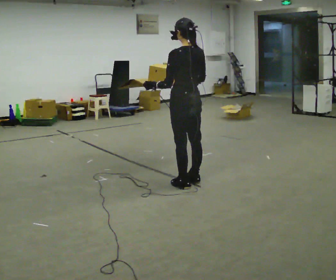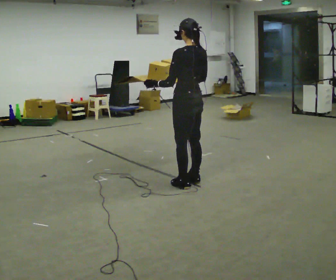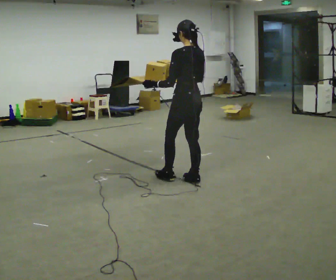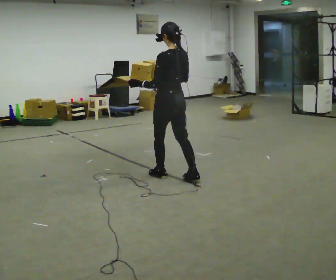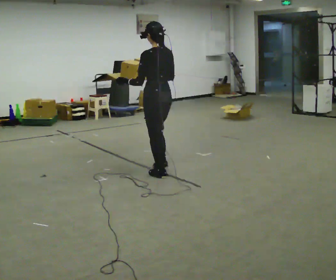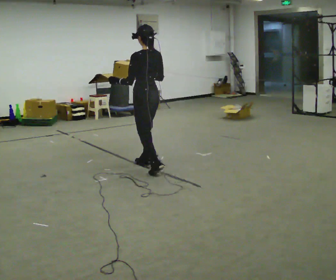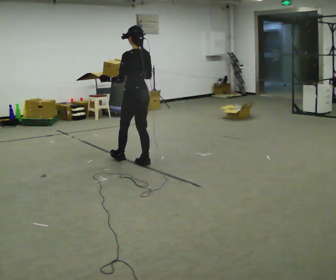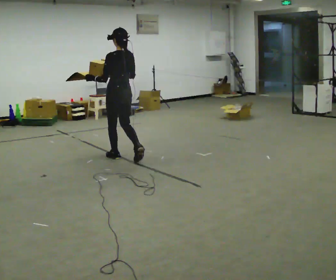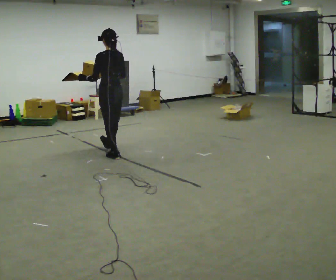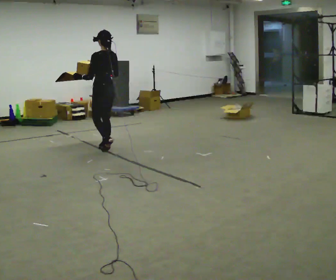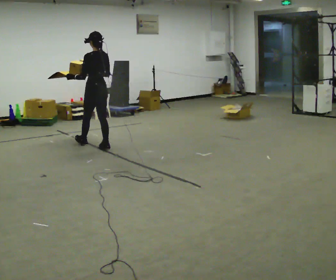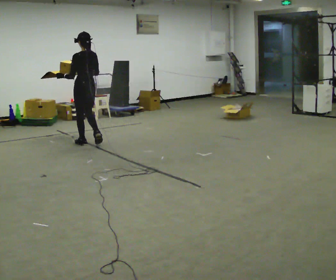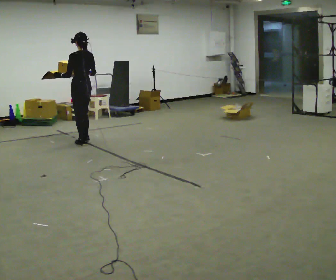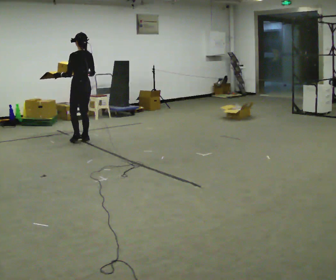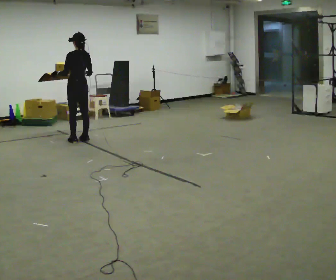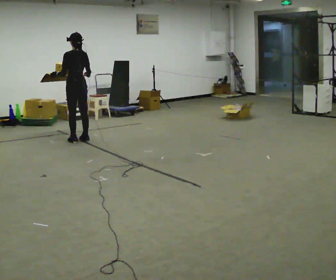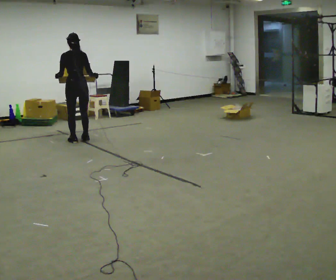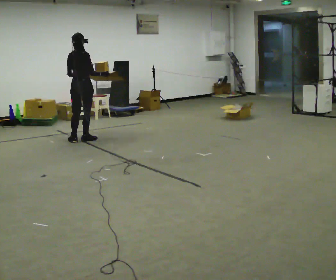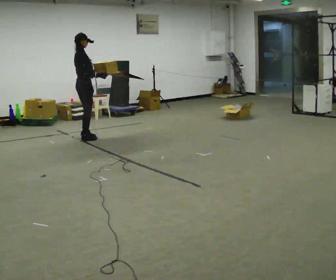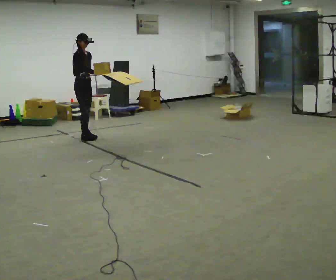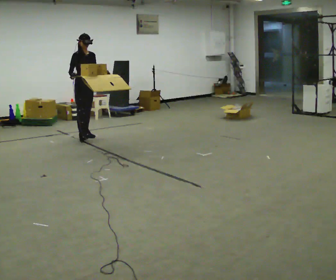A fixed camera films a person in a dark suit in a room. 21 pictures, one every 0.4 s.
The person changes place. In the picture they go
away from the camera.
0.0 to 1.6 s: In the picture they go away from the camera and to the left, about 0.5 m in 1 step, which for them is forward.
1.6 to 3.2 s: In the picture they go away from the camera and to the left, about 1 m in 2 steps, which for them is forward.
3.2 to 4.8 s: In the picture they go away from the camera and to the left, about 1 m in 3 steps, which for them is forward.
4.8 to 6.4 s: The part of the body nearest the lens slides to the left as the person turns to their right by about 30 degrees.
6.4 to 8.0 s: The part of the body nearest the lens slides to the left as the person turns to their right by about 150 degrees. In the picture they go away from the camera, about 0.25 m in 1 step.
The film runs forward here.
